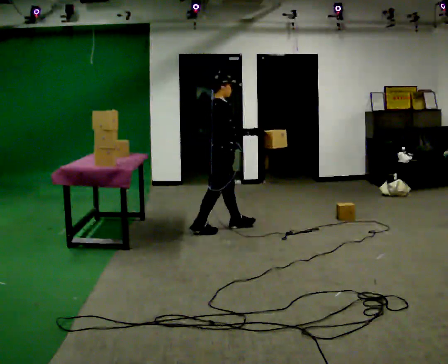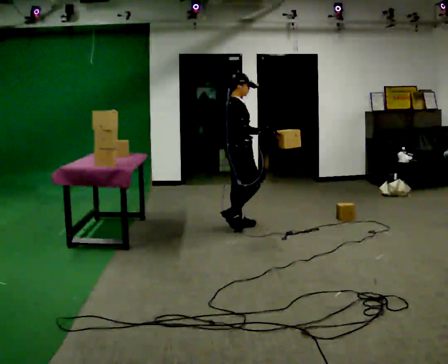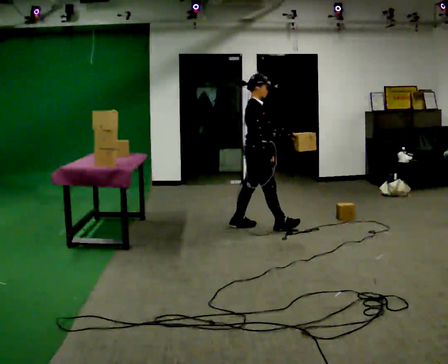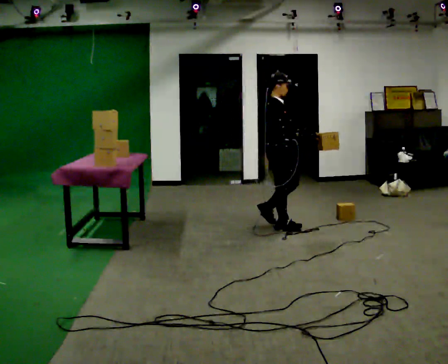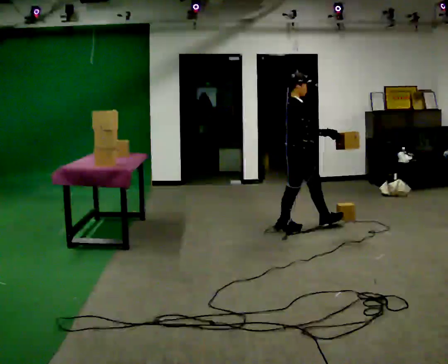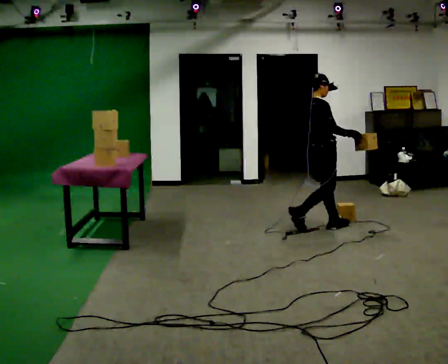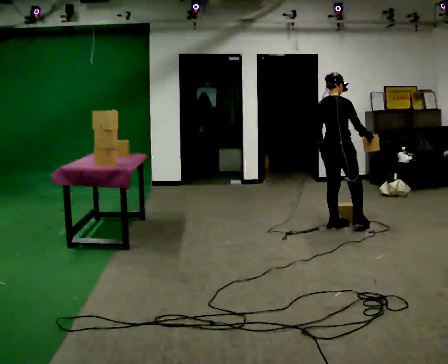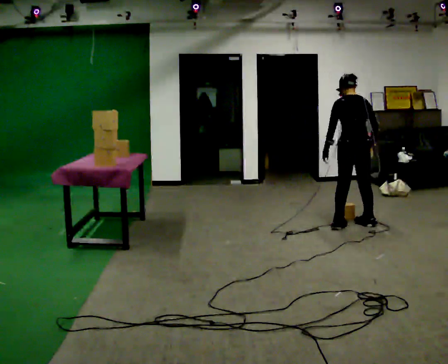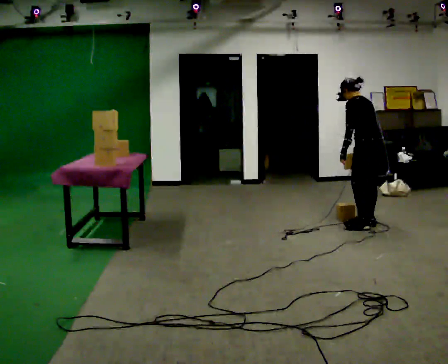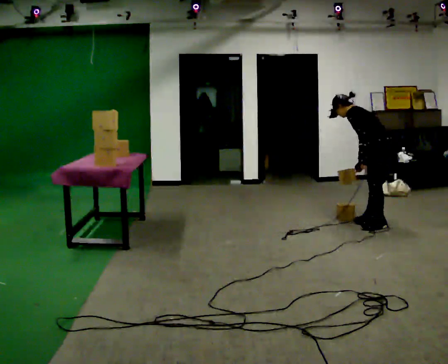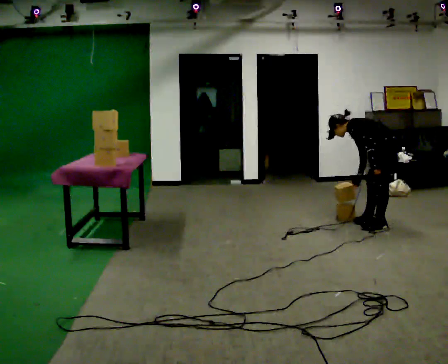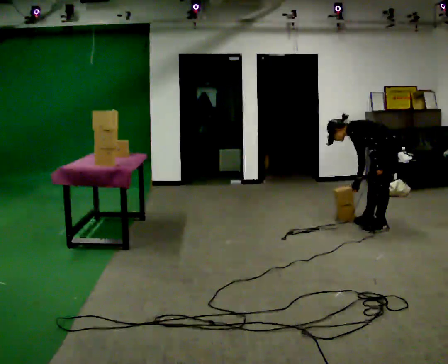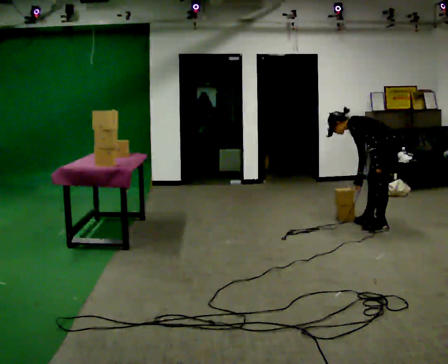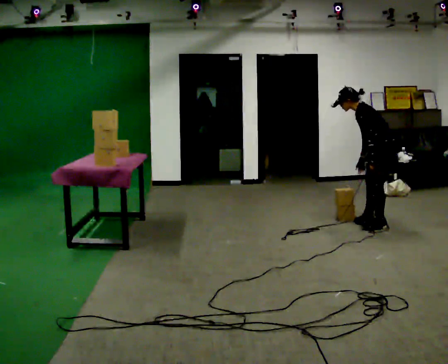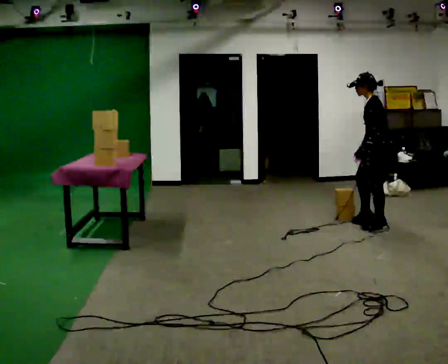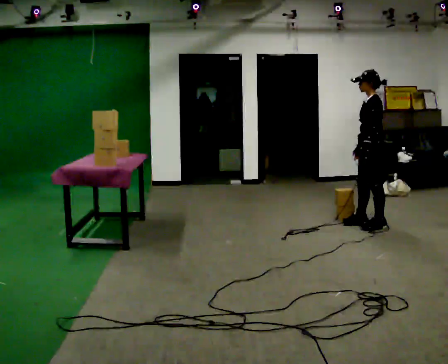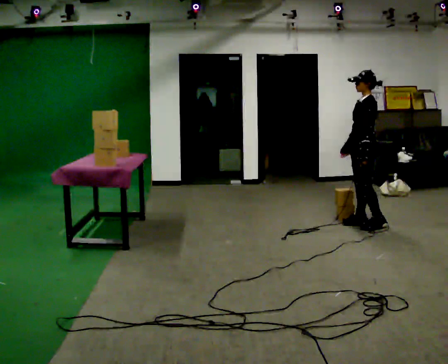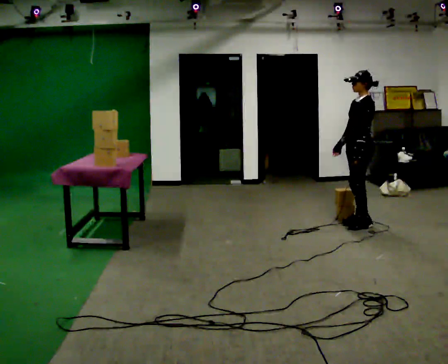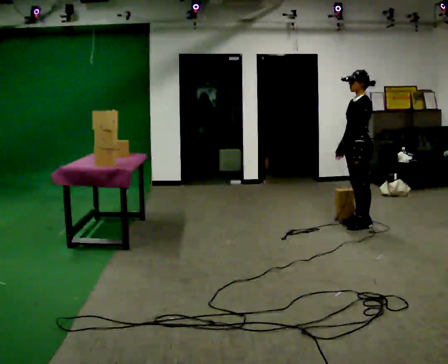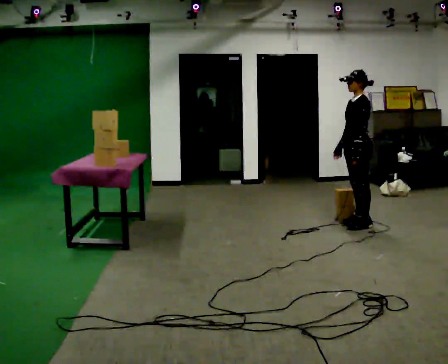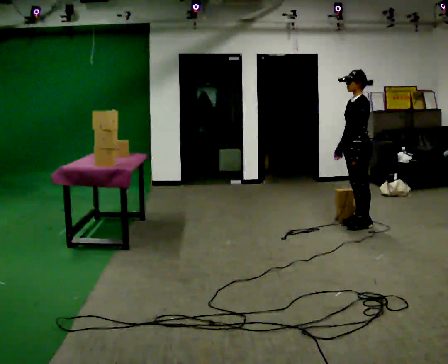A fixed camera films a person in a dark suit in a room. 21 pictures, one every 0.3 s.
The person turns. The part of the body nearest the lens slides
to the right.
The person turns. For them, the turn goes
to their left.
0.0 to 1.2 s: In the picture they go to the right, about 1 m in 1 step, which for them is forward.
1.2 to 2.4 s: The part of the body nearest the lens slides to the right as the person turns to their left by about 150 degrees. In the picture they go to the right, about 0.5 m in 2 steps. In the picture the upper body tilts counterclockwise, shoulders to the left, as they bend forward.
2.4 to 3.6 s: In the picture they go to the right, about 0.25 m in 1 step, which for them is backward.
3.6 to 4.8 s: In the picture they go to the left, about 0.25 m, which for them is forward. The upper body goes upward. In the picture the upper body tilts clockwise, shoulders to the right, as they lean back or straighten.
4.8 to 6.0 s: The person moves a little, or ends about where they began.
The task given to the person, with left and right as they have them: Pick the object up off the floor using only the hand the operator calls, then carry it to the table in that same hand. Keep going until the operator says stop; one object at a time, and do not rush between trips.
The film runs forward here.
